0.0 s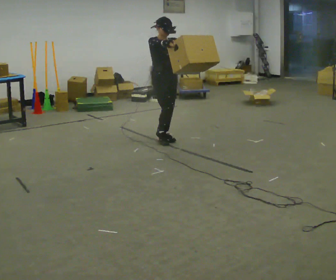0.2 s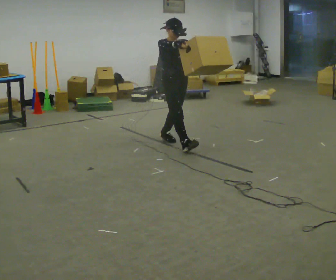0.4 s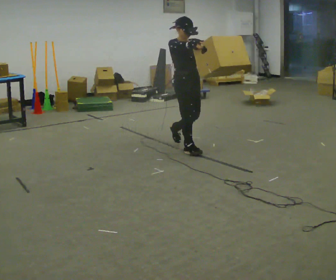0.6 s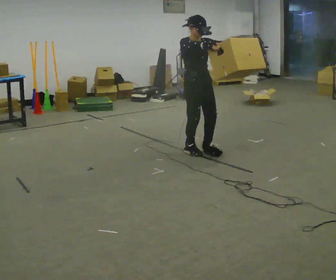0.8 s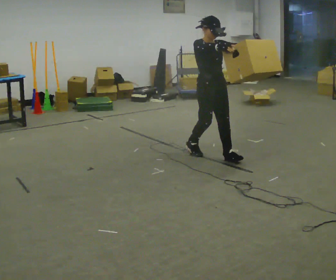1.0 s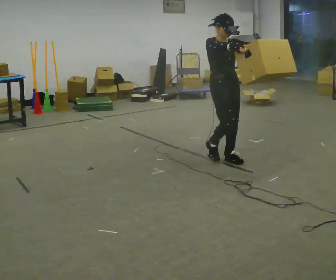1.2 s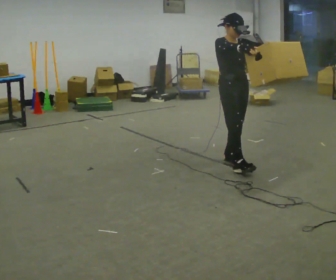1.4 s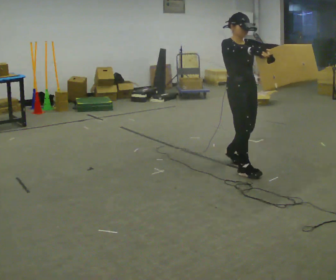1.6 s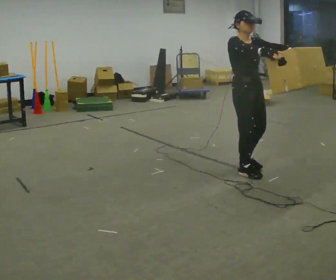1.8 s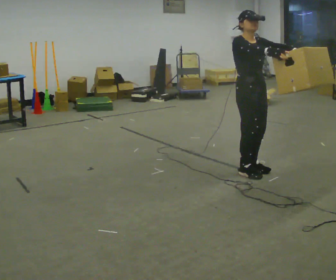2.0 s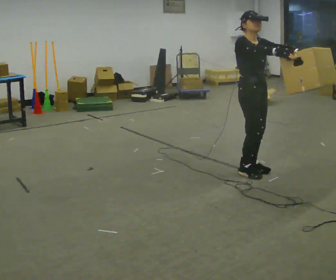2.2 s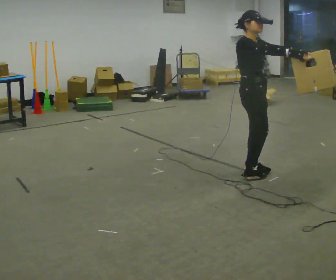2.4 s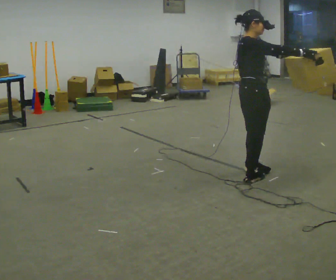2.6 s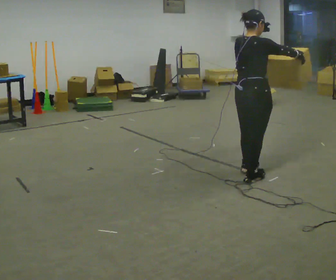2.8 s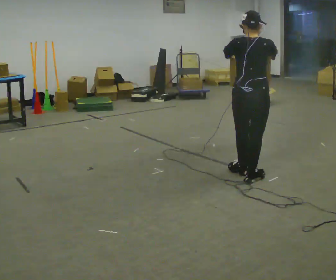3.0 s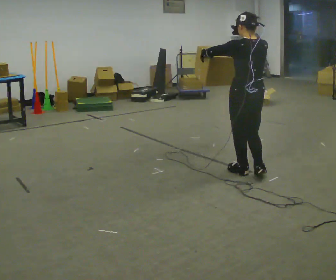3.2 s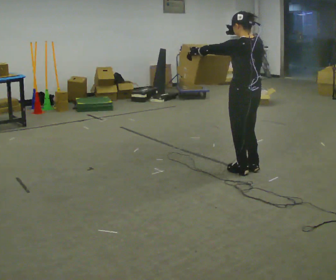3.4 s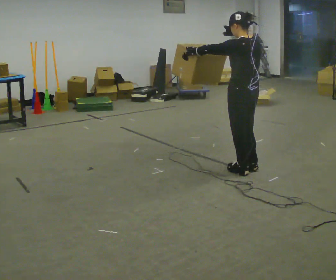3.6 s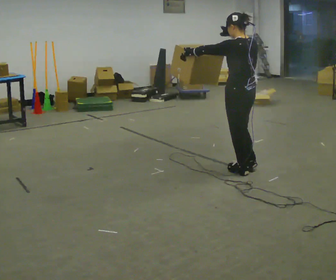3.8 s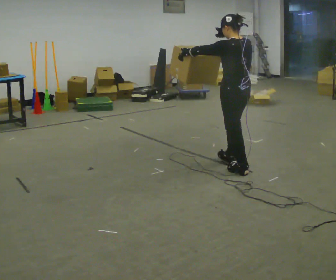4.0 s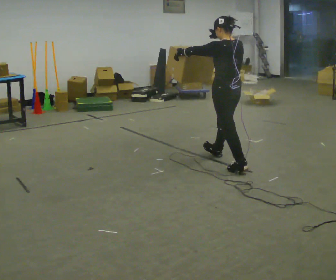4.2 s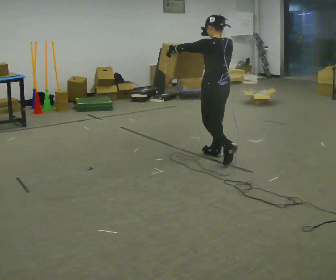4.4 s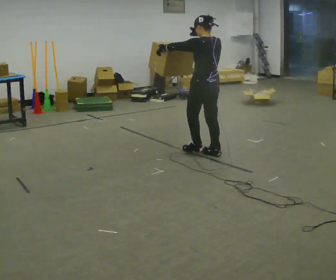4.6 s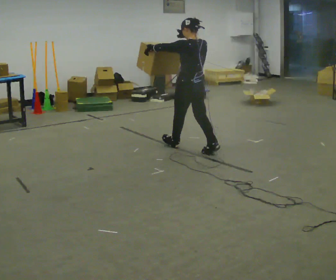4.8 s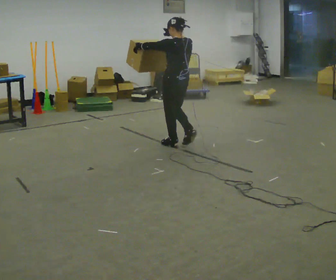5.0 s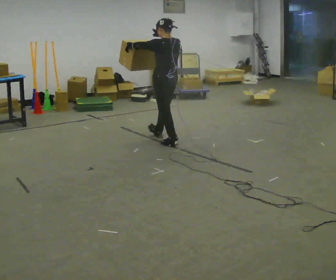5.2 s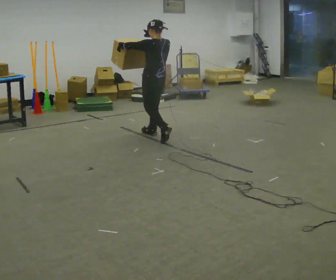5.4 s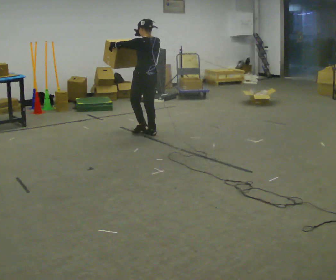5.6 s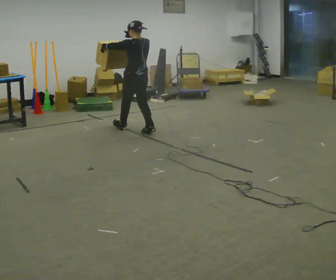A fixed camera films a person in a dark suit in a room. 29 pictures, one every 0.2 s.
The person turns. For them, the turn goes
to their left.
The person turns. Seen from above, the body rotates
counterclockwise.
0.0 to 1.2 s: In the picture they go to the right and toward the camera, about 1 m in 2 steps, which for them is forward.
1.2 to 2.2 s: Seen from above the body turns counterclockwise, about 30 degrees: to their left, with its near side sliding to the right. In the picture they go toward the camera and to the right, about 0.25 m in 2 steps, which for them is forward.
2.2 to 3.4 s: Seen from above the body turns counterclockwise, about 150 degrees: to their left, with its near side sliding to the right. In the picture their left hand goes to the left.
3.4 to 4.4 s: In the picture they go away from the camera and to the left, about 0.75 m in 1 step, which for them is forward.
4.4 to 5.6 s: In the picture they go to the left and away from the camera, about 1.5 m in 2 steps, which for them is forward.
The film runs forward here.
